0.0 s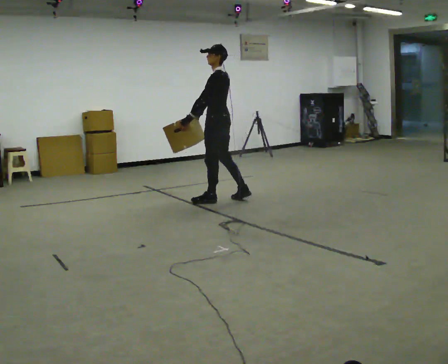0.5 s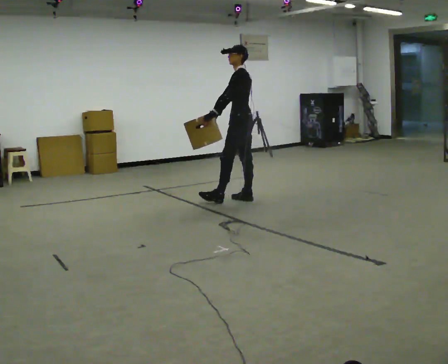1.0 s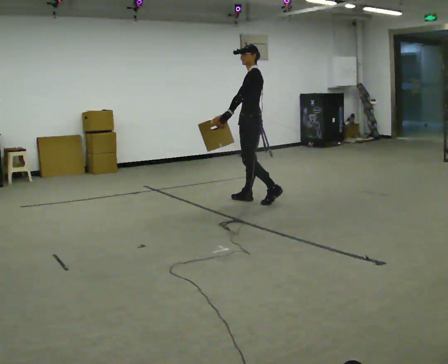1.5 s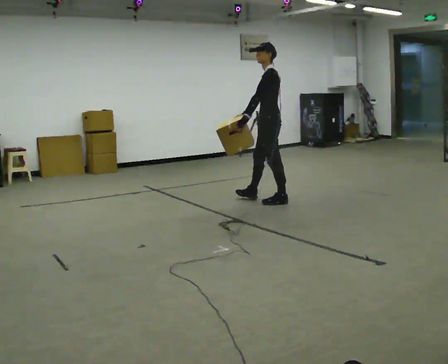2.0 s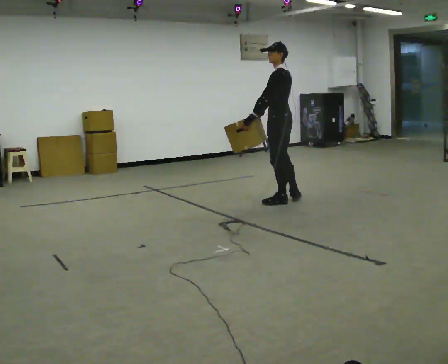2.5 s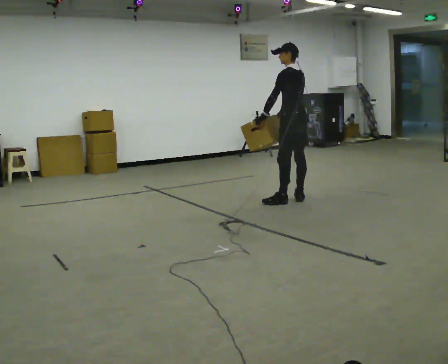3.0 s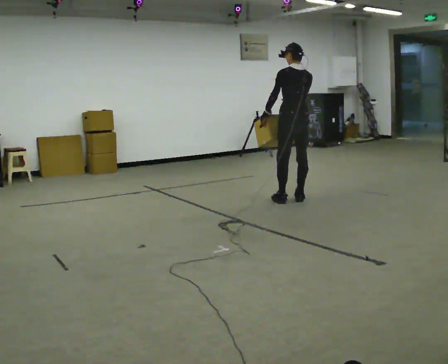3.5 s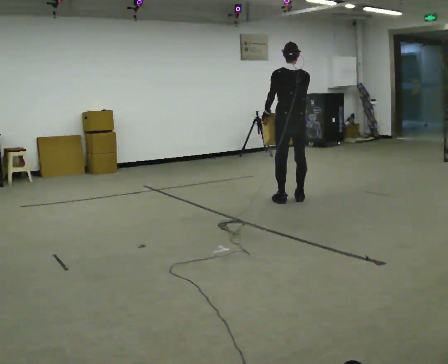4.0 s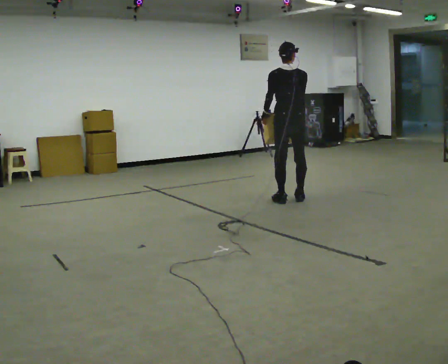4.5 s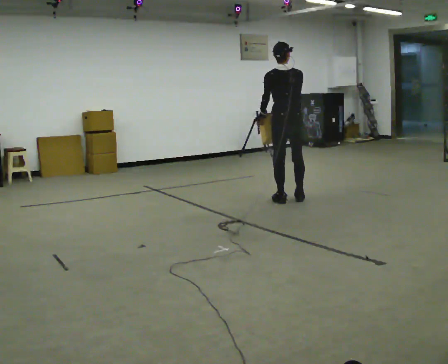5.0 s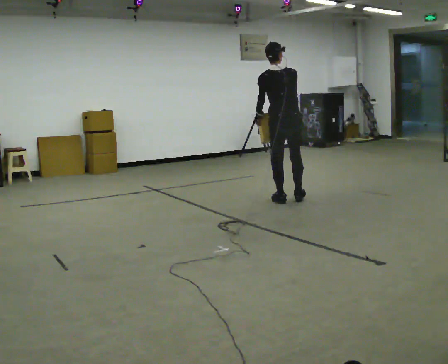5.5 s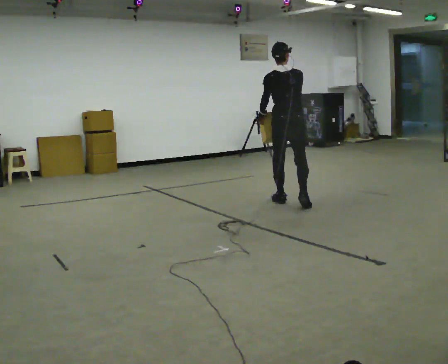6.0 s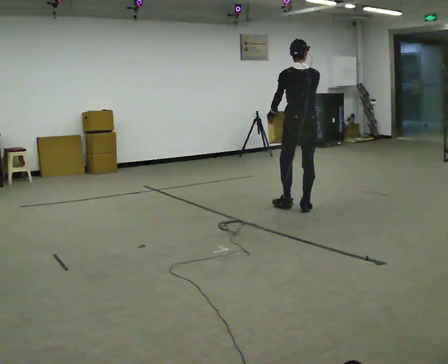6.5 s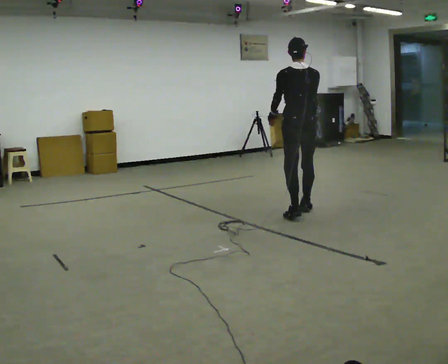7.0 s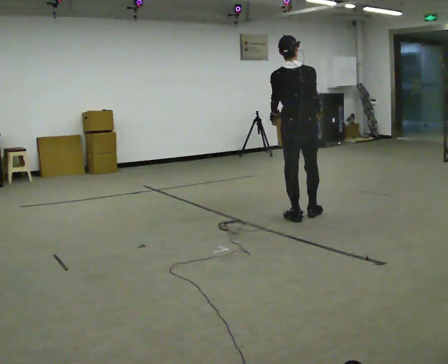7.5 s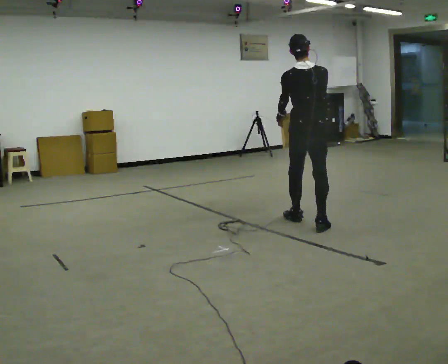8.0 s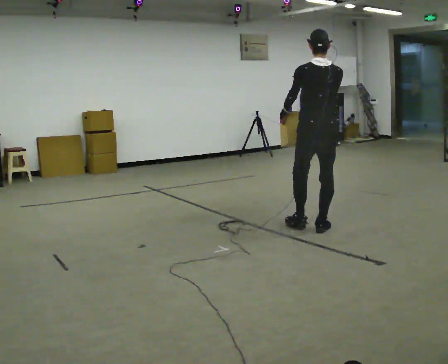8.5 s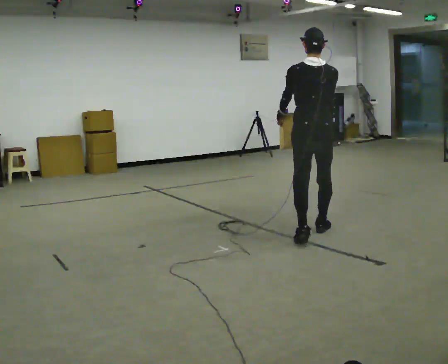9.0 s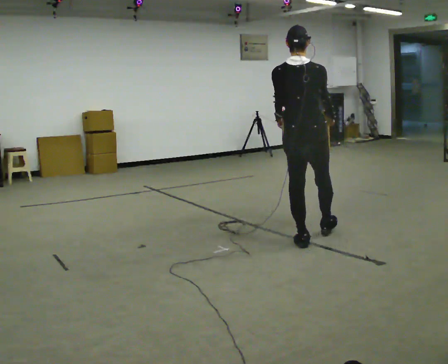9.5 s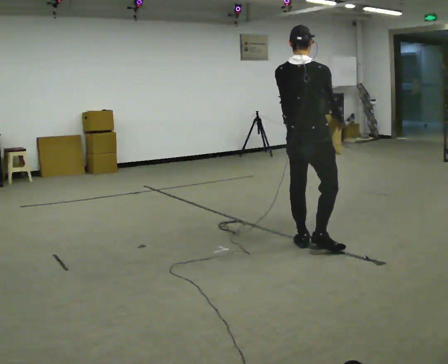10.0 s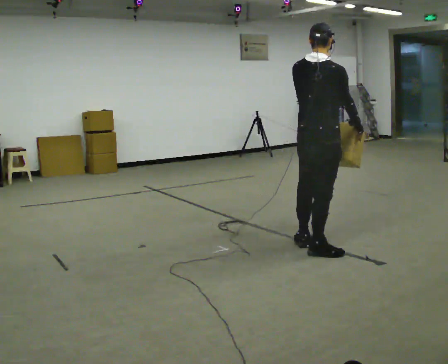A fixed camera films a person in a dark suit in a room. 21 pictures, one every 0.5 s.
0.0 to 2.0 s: In the picture they go to the right, about 0.75 m in 2 steps, which for them is backward.
2.0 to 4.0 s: The person turns about 60 degrees to their right, clockwise seen from above, so the part of the body nearest the lens slides to the left. In the picture their right hand goes to the right, the arm swinging counterclockwise.
4.0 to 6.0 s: In the picture they go toward the camera, about 0.5 m in 2 steps, which for them is backward.
6.0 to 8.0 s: In the picture they go toward the camera, about 1 m in 2 steps, which for them is backward.
8.0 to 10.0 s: The person turns about 45 degrees to their right, clockwise seen from above, so the part of the body nearest the lens slides to the left. In the picture they go toward the camera, about 0.5 m in 1 step, which for them is backward.
The film runs backward here.
